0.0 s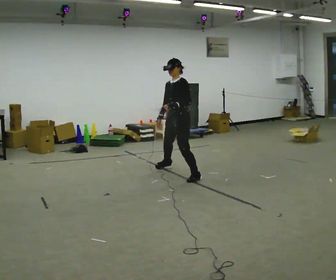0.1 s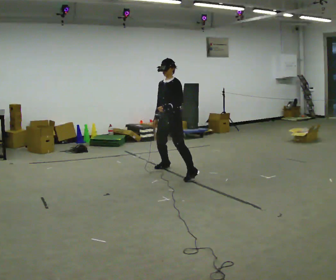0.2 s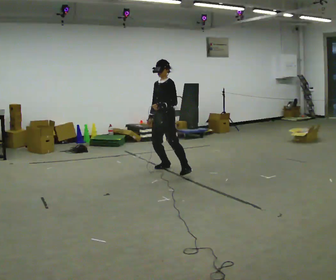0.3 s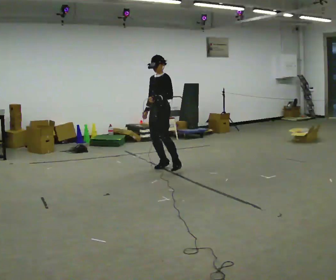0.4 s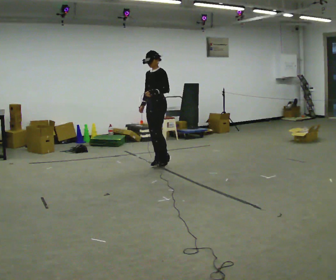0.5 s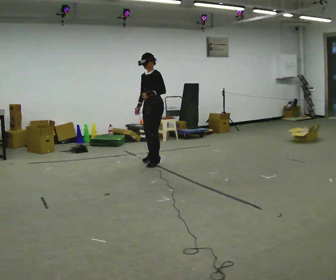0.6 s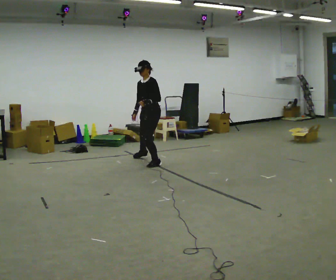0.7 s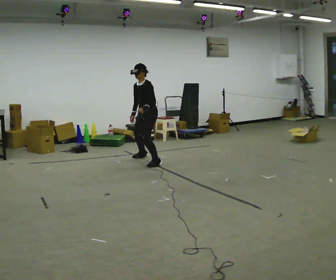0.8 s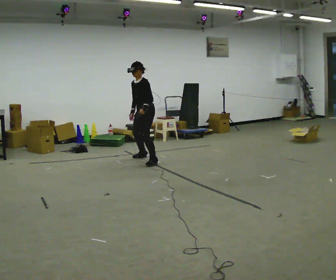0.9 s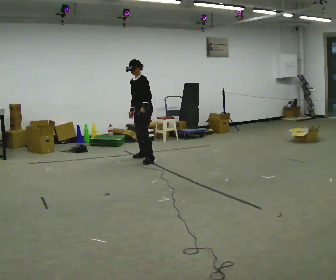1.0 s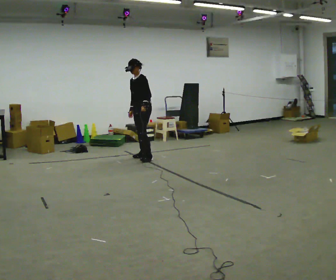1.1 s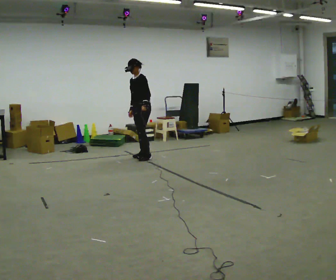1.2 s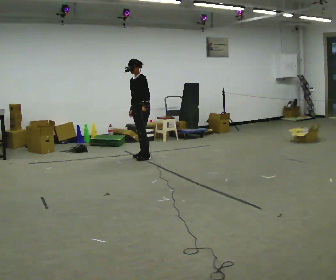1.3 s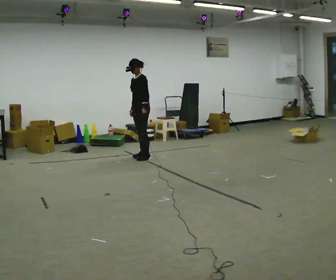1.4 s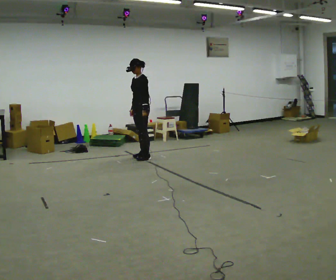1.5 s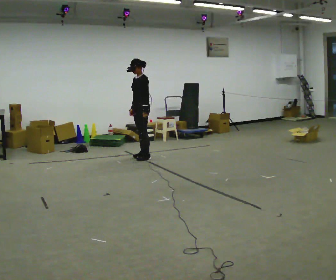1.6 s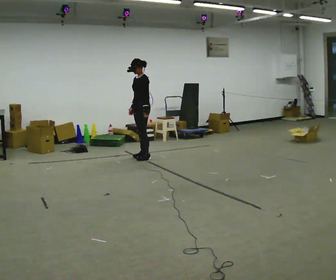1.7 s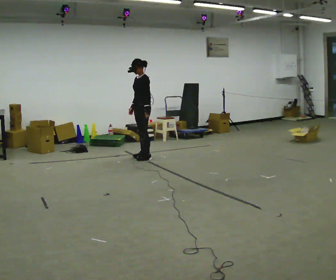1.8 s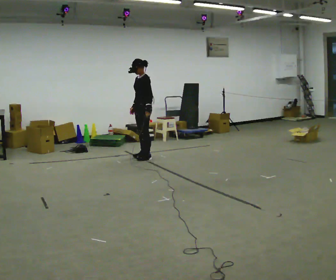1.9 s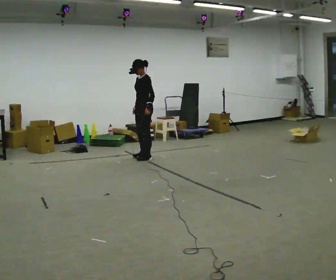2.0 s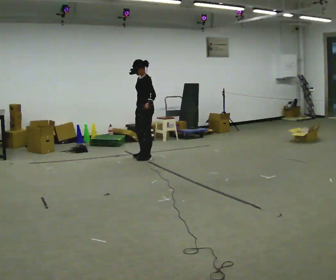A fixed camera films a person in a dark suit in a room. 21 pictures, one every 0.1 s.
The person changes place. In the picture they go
away from the camera.
0.0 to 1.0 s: In the picture they go away from the camera and to the left, about 1 m in 3 steps, which for them is to their right.
1.0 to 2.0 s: The person moves a little, or ends about where they began.
The film runs backward here.
